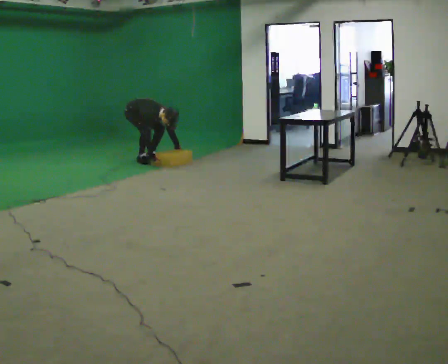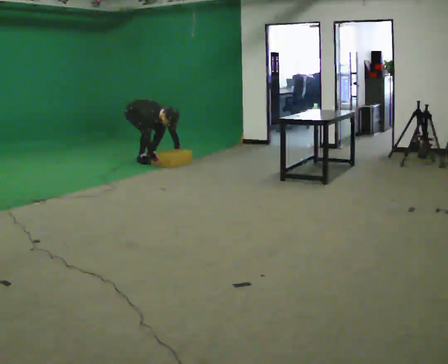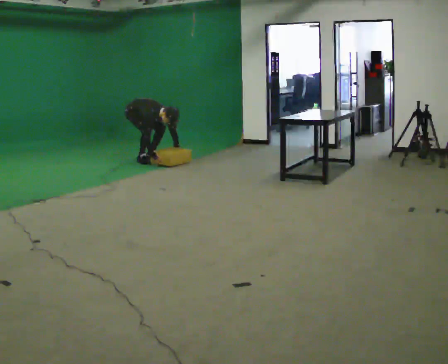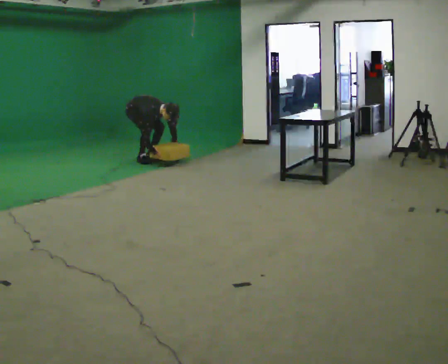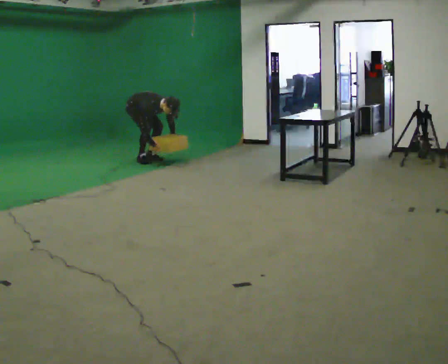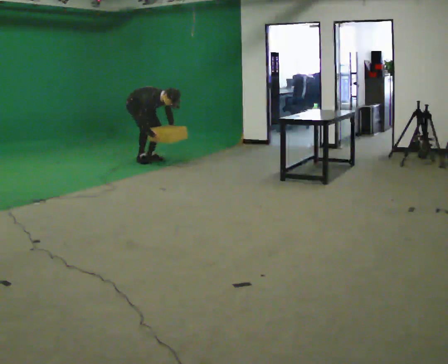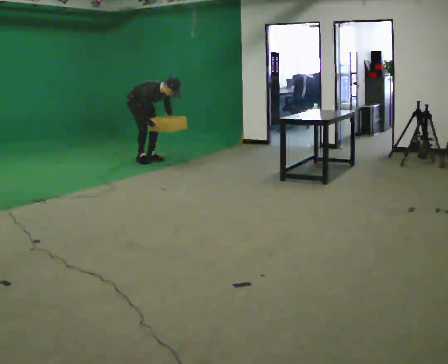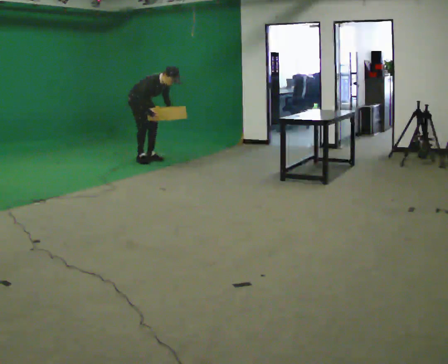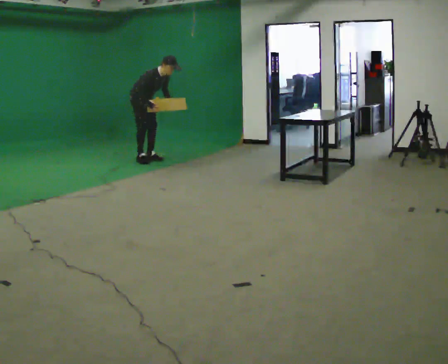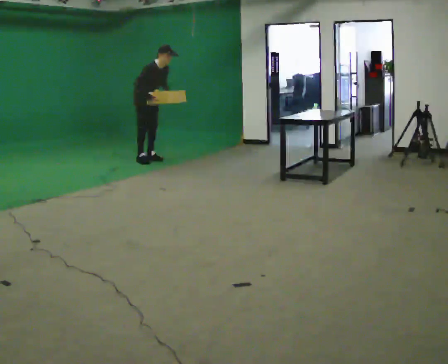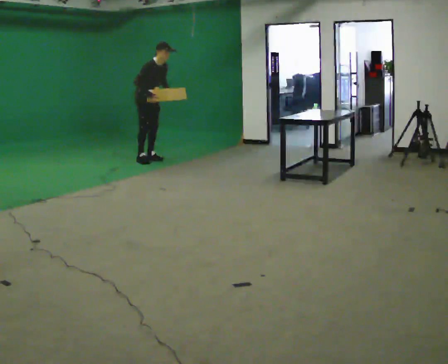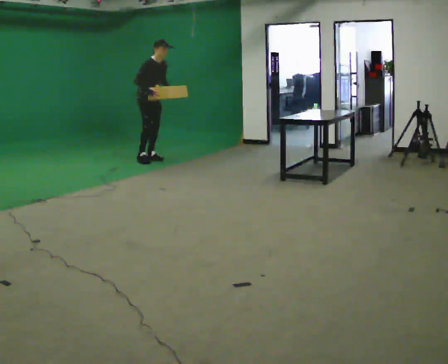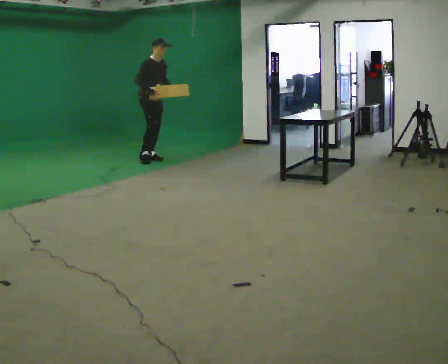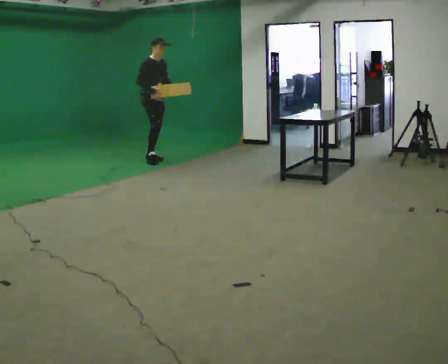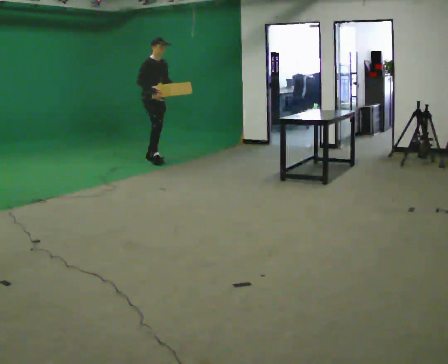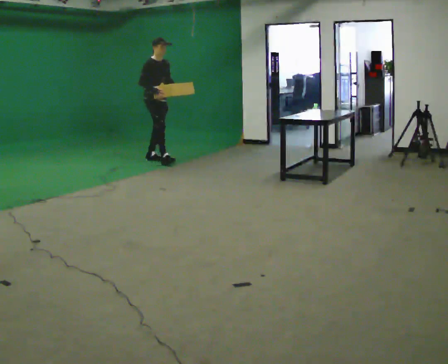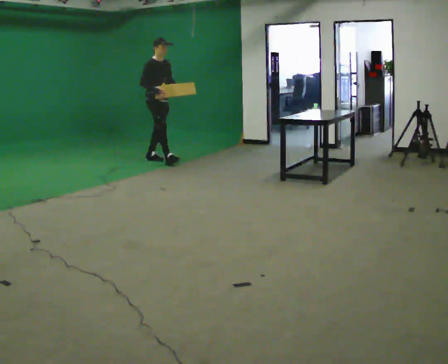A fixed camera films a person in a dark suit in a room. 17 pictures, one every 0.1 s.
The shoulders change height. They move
upward.
Their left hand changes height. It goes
upward.
0.0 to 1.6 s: In the picture they go to the right, about 0.25 m, which for them is forward. The shoulders move upward. In the picture the upper body tilts counterclockwise, shoulders to the left, as they lean back or straighten. In the picture their right hand goes upward.
The film runs forward here.
